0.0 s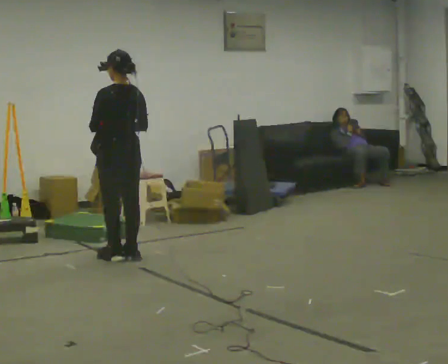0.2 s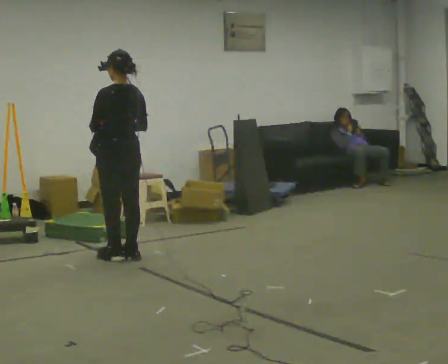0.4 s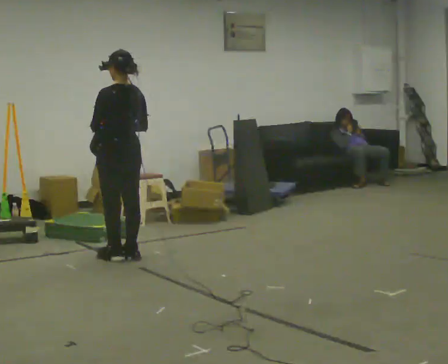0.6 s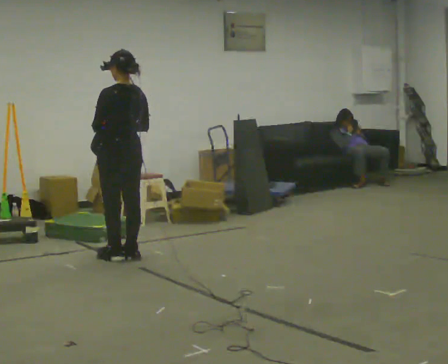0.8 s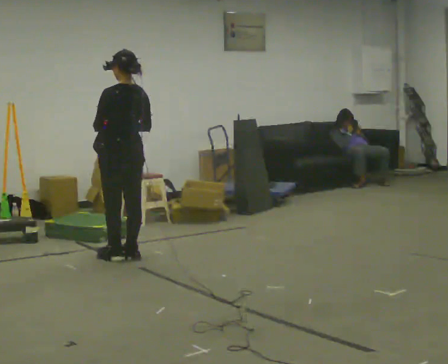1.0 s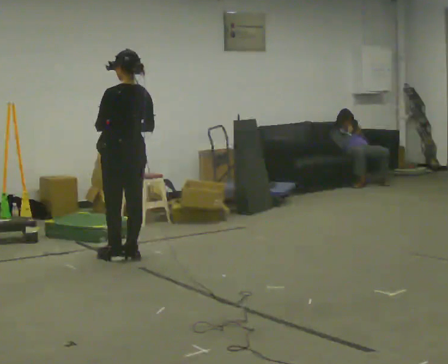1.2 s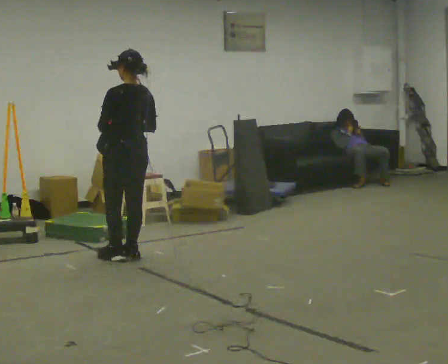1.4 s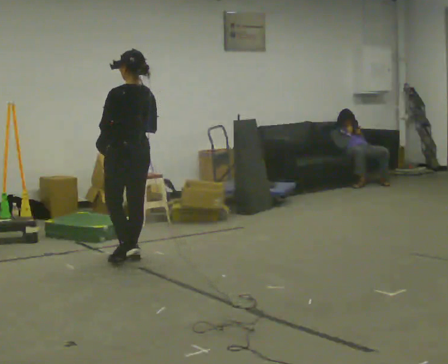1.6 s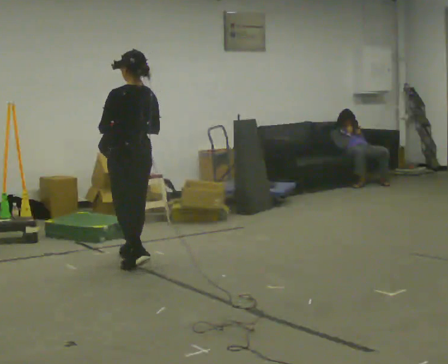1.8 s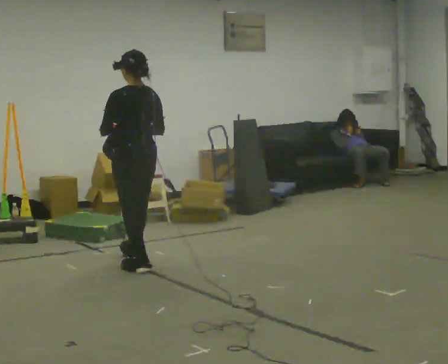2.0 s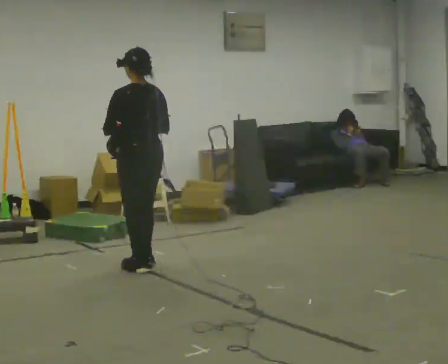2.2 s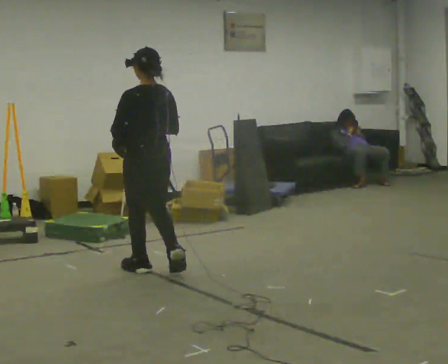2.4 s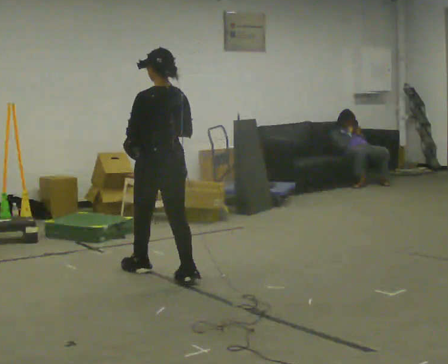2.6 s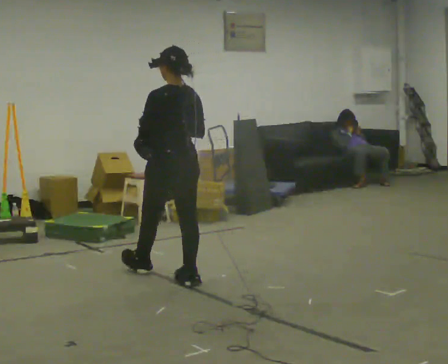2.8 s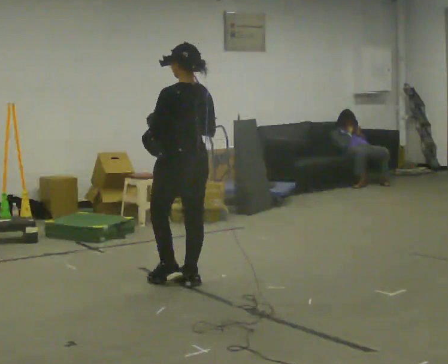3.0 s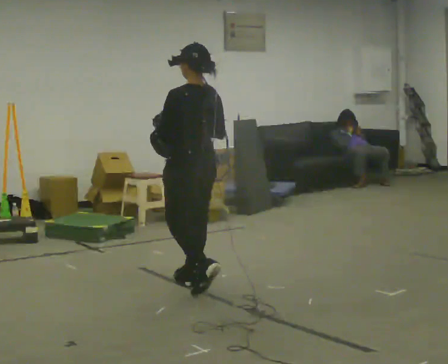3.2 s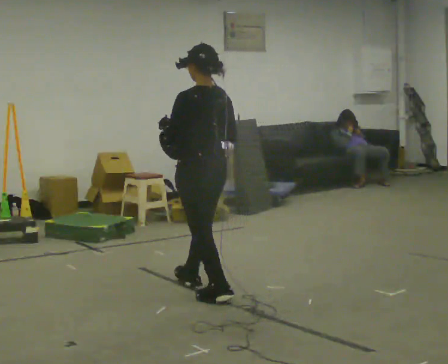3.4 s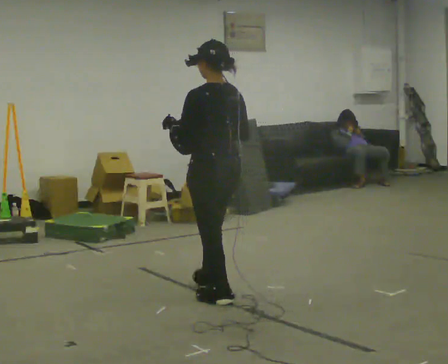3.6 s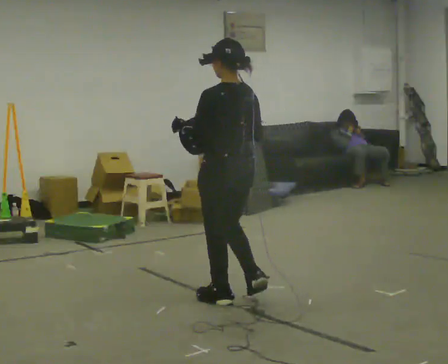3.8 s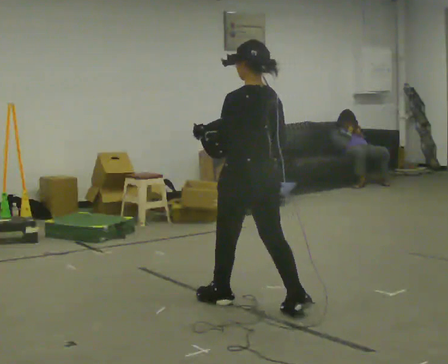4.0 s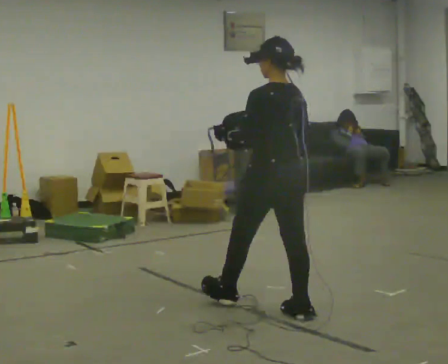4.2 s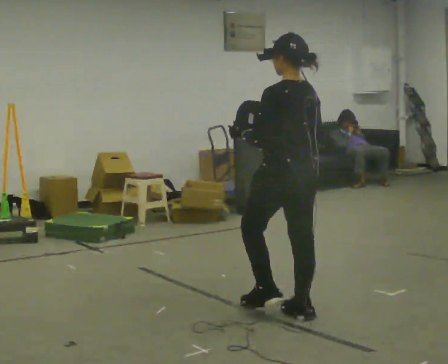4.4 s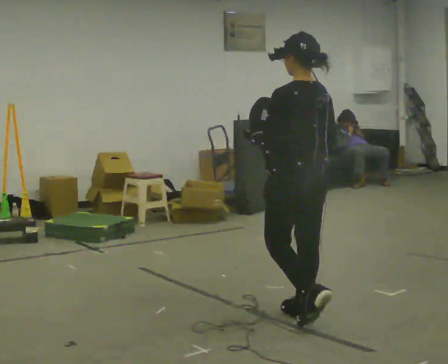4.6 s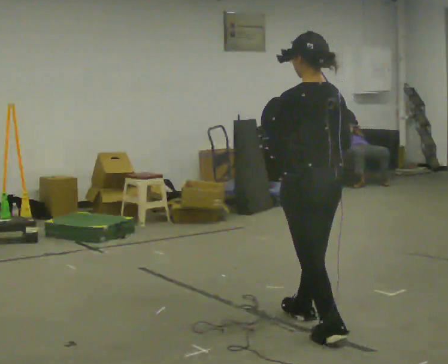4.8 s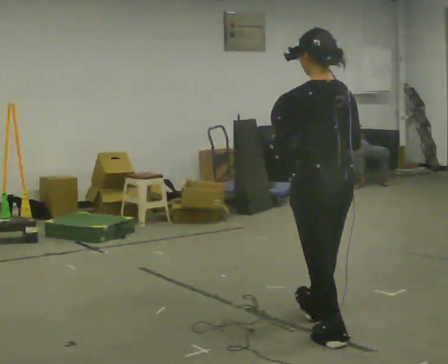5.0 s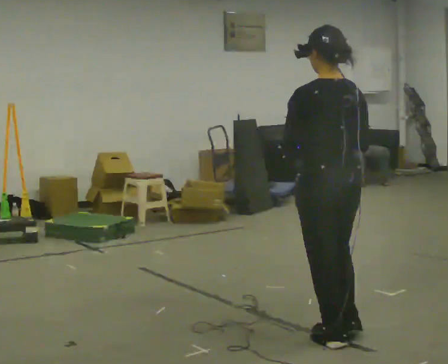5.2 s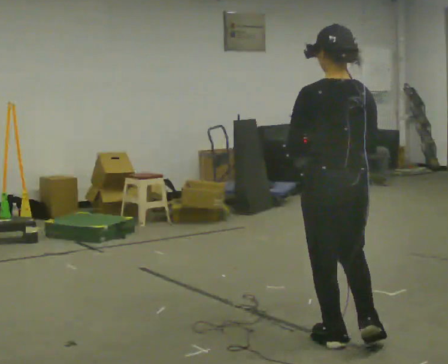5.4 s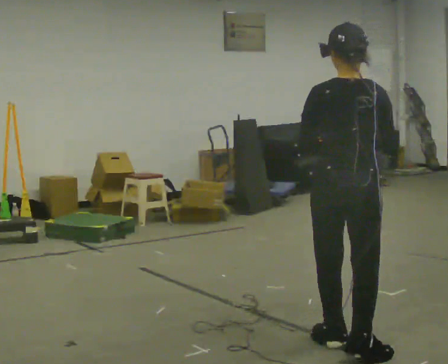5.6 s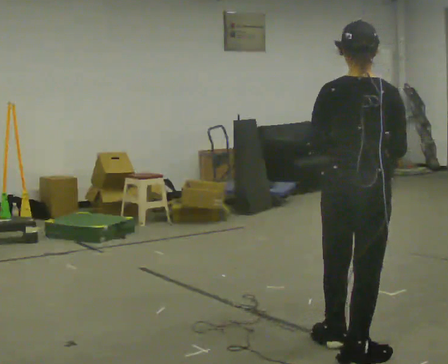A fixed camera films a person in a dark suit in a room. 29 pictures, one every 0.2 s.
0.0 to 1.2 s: The person moves a little, or ends about where they began.
1.2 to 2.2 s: In the picture they go toward the camera and to the right, about 0.5 m in 2 steps, which for them is backward.
2.2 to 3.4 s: In the picture they go toward the camera and to the right, about 1 m in 2 steps, which for them is backward.
3.4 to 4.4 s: In the picture they go toward the camera and to the right, about 0.75 m in 1 step, which for them is backward.
4.4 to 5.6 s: Seen from above the body turns clockwise, about 45 degrees: to their right, with its near side sliding to the left. In the picture they go toward the camera, about 0.5 m in 1 step, which for them is backward.
The film runs backward here.
